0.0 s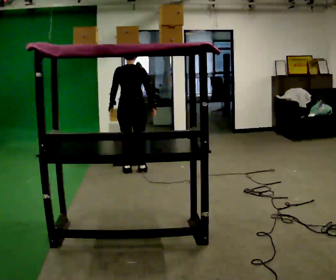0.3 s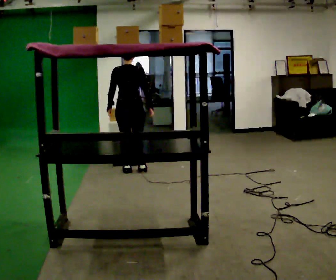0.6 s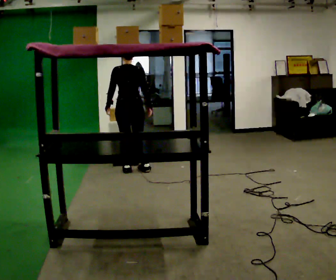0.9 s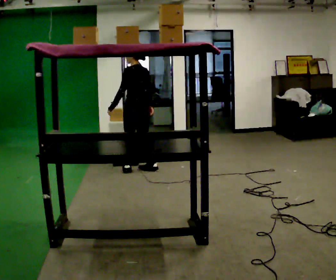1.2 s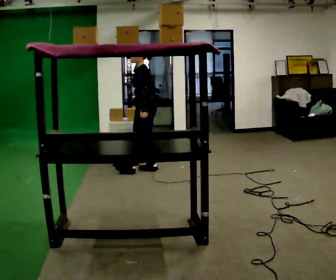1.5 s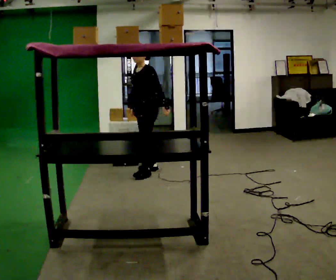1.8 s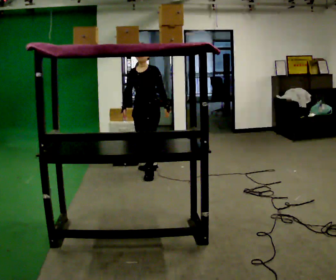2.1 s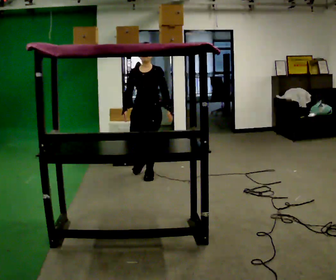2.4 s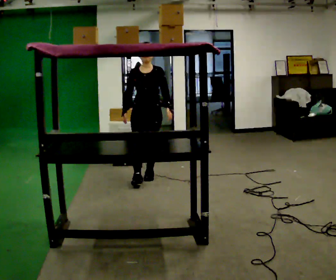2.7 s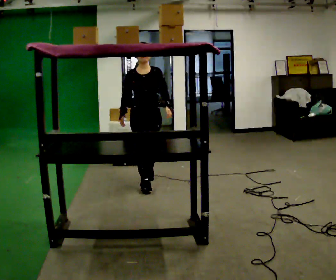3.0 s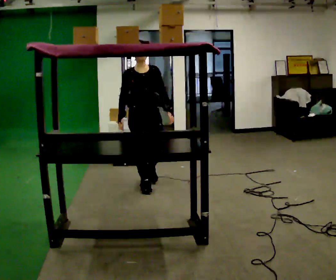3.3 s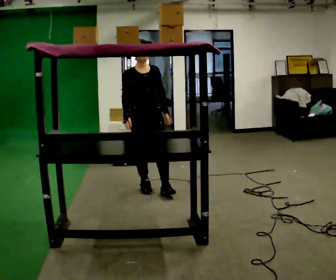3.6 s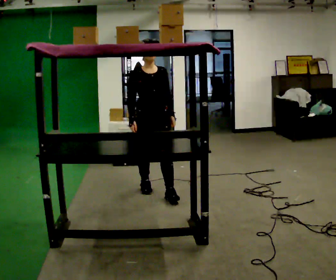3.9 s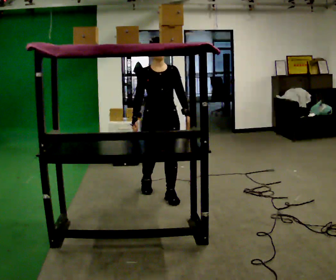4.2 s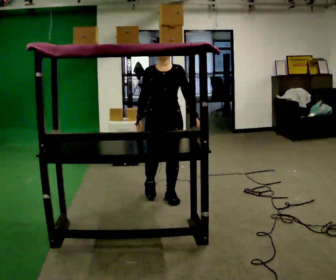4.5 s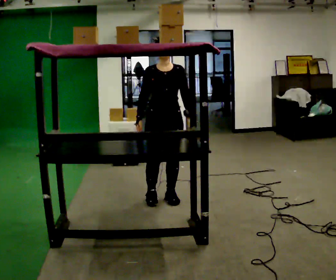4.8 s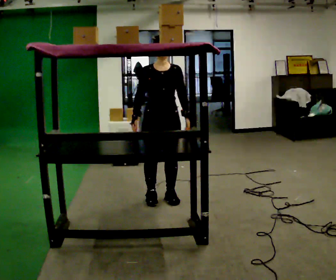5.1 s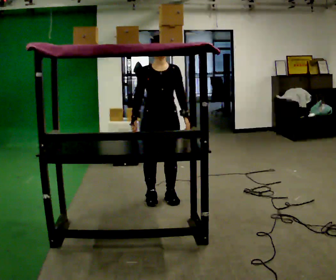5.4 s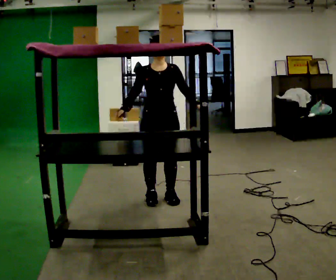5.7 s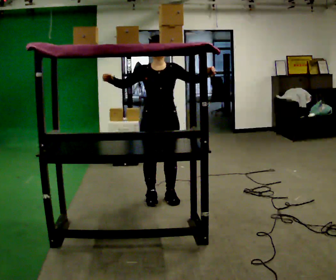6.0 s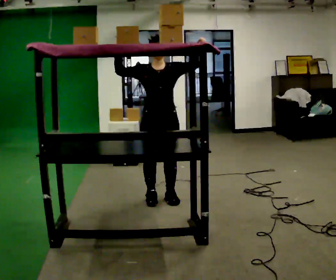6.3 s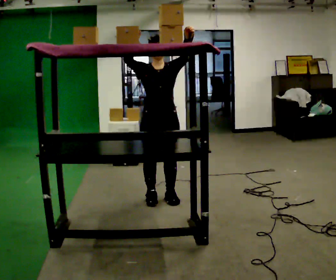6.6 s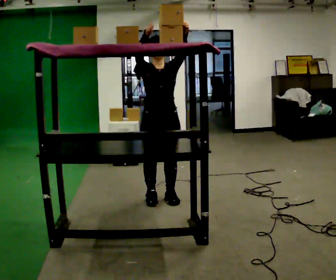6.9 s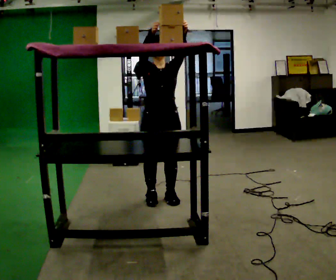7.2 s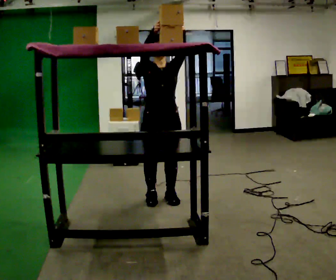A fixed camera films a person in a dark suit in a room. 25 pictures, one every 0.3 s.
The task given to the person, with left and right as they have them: Take an object from the waist-height shelf, carry it across the room, and place it on the highest shelf you can comfortably reach. Keep going until the operator says stop; one object at a time, and do not rush between trips.
0.0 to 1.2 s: Seen from above the body turns counterclockwise, about 90 degrees: to their left, with its near side sliding to the right. In the picture they go to the right, about 0.25 m in 1 step. In the picture their left hand goes to the right.
1.2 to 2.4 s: The part of the body nearest the lens slides to the right as the person turns to their left by about 90 degrees. In the picture they go toward the camera, about 0.25 m in 1 step.
2.4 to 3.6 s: In the picture they go toward the camera, about 0.5 m in 2 steps, which for them is forward.
3.6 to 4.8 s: In the picture they go toward the camera, about 0.25 m in 1 step, which for them is forward.
4.8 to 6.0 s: In the picture their left hand goes upward, the arm swinging counterclockwise.
6.0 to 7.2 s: The person moves a little, or ends about where they began.
The film runs forward here.
